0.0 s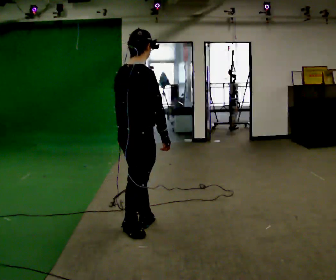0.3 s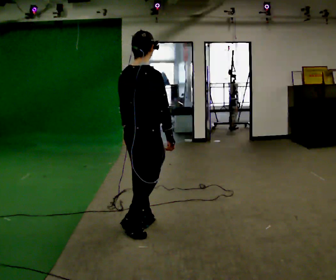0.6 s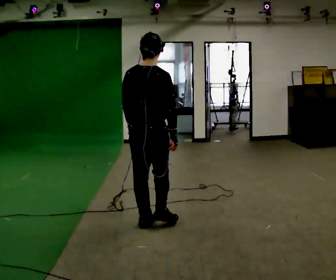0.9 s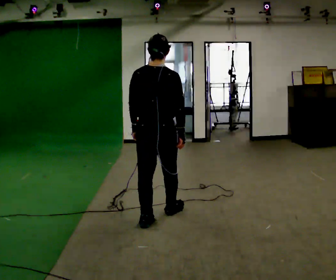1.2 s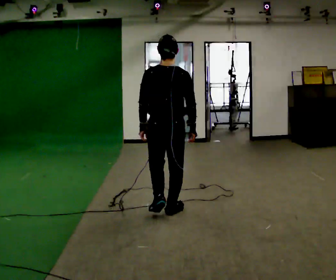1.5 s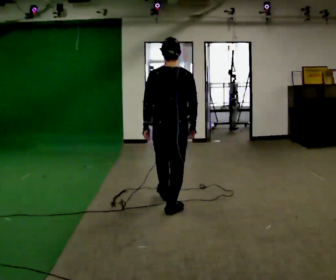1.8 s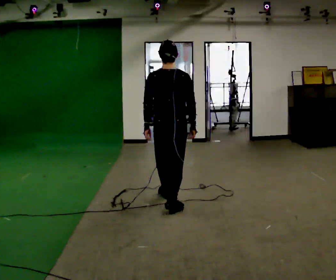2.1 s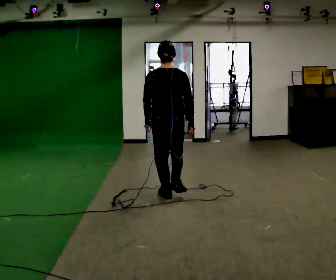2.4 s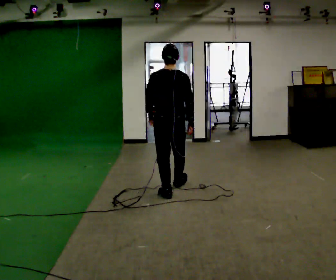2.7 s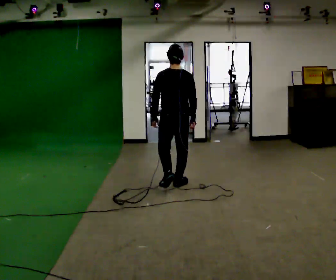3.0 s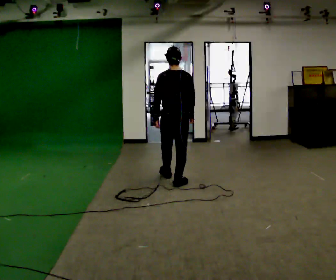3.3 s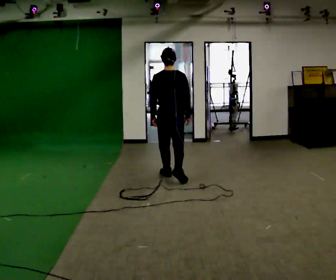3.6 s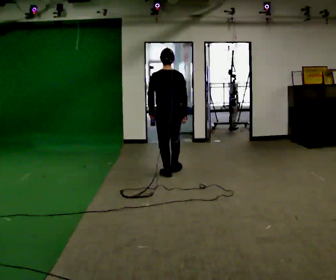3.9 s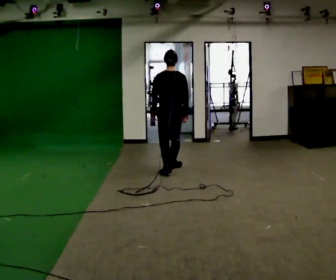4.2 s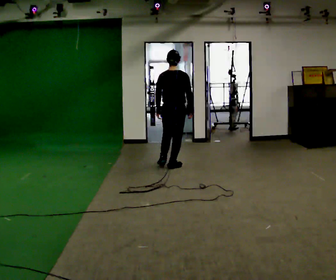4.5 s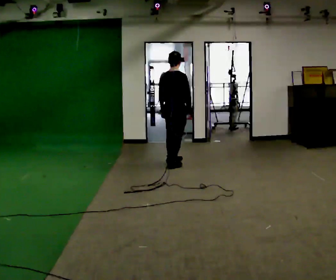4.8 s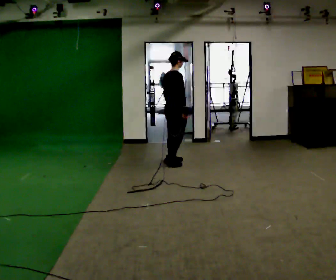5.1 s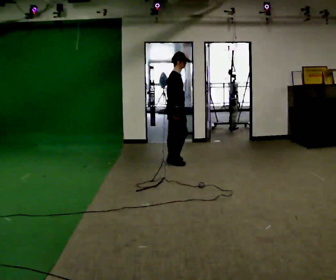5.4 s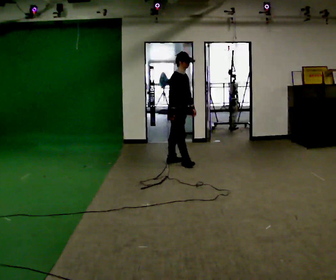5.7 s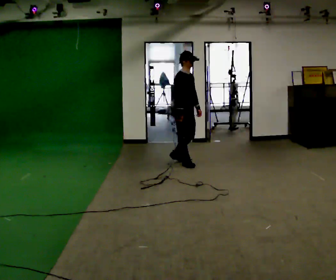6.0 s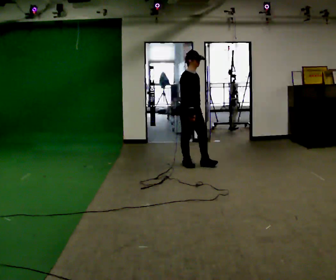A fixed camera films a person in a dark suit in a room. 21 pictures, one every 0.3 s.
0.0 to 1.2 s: The person turns about 60 degrees to their left, counterclockwise seen from above, so the part of the body nearest the lens slides to the right. In the picture they go away from the camera and to the right, about 0.5 m in 1 step, which for them is forward.
1.2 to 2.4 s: In the picture they go away from the camera, about 0.75 m in 1 step, which for them is forward.
2.4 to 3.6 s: In the picture they go away from the camera, about 1 m in 2 steps, which for them is forward.
3.6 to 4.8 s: The part of the body nearest the lens slides to the left as the person turns to their right by about 75 degrees. In the picture they go away from the camera, about 0.5 m in 2 steps.
4.8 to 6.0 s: The part of the body nearest the lens slides to the left as the person turns to their right by about 60 degrees. In the picture they go to the right and toward the camera, about 0.25 m in 1 step, which for them is forward.
The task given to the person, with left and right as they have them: Walk through 3–5 turns in sequence; keep moving; stop at end.
The film runs forward here.
